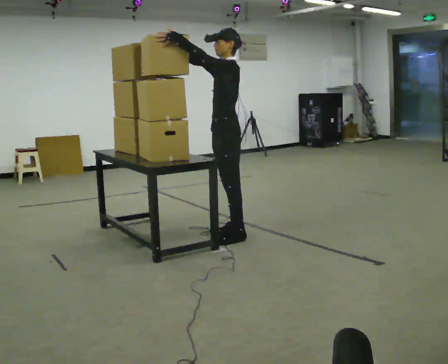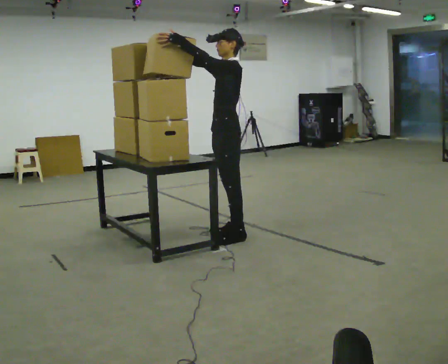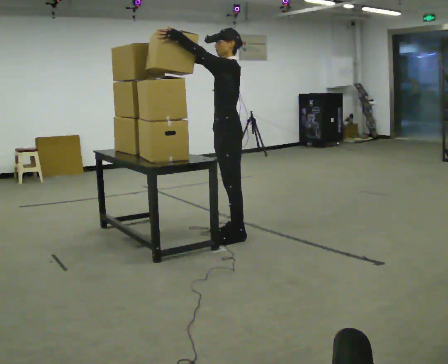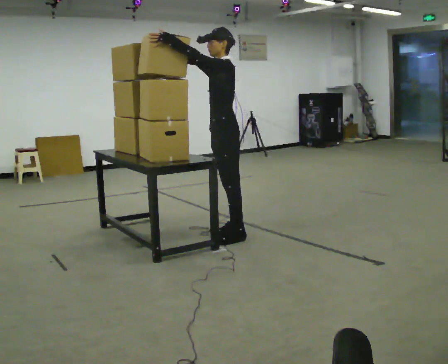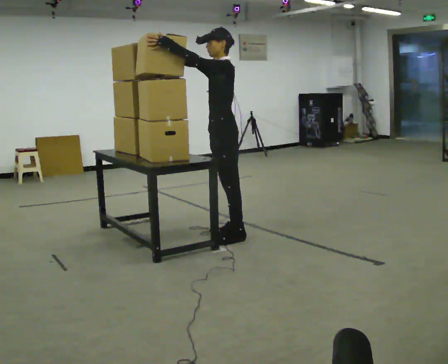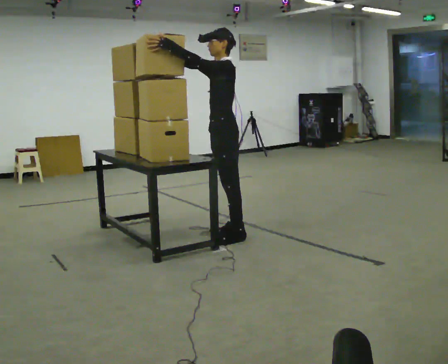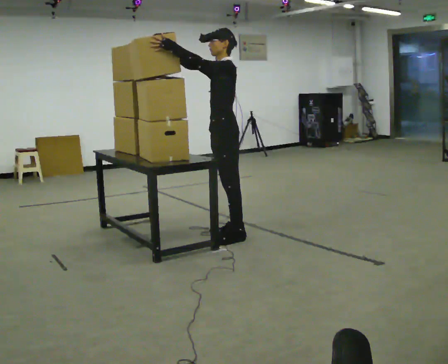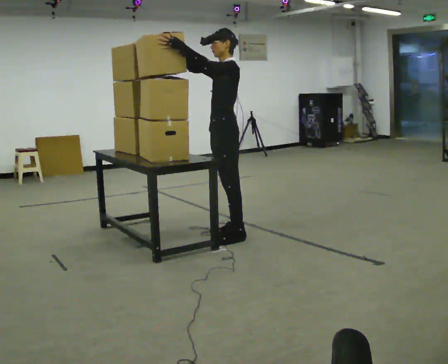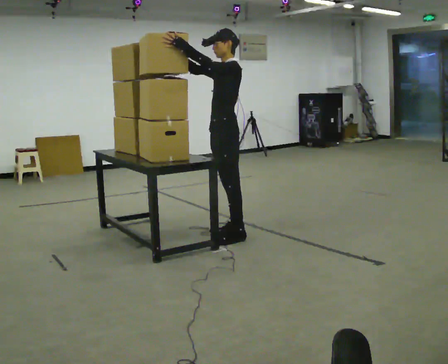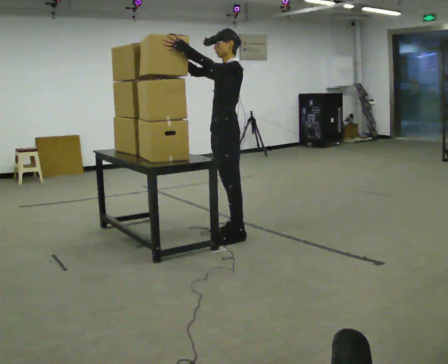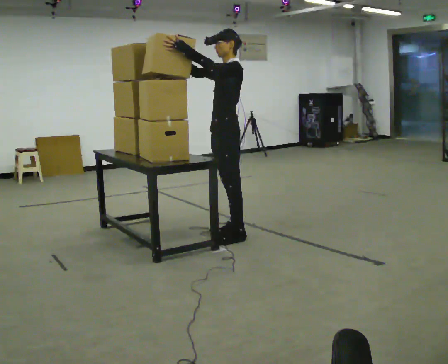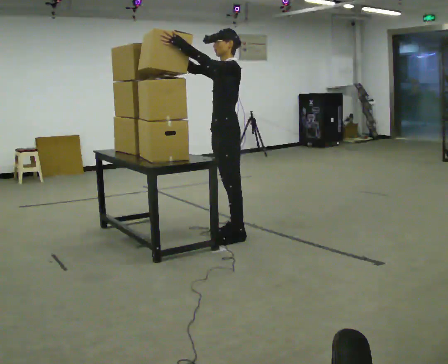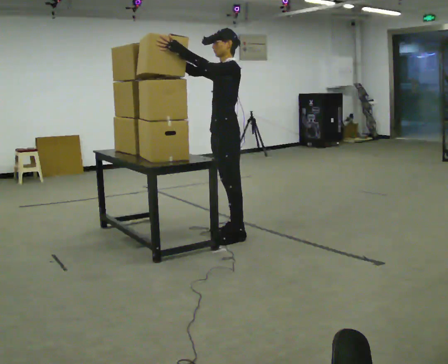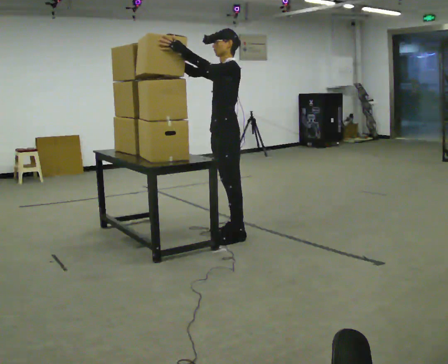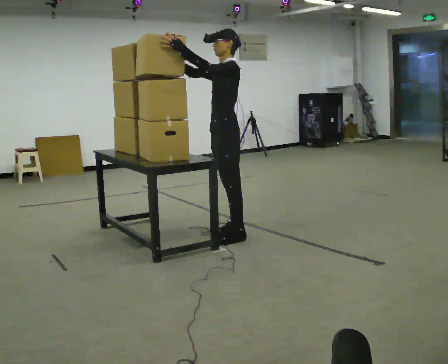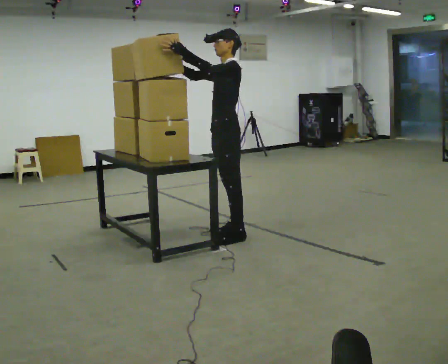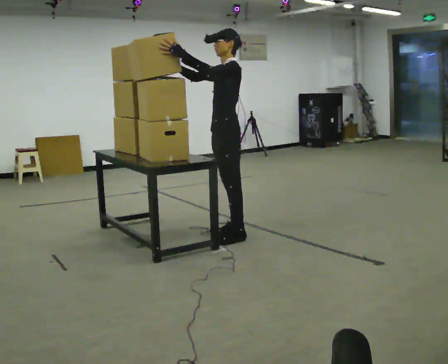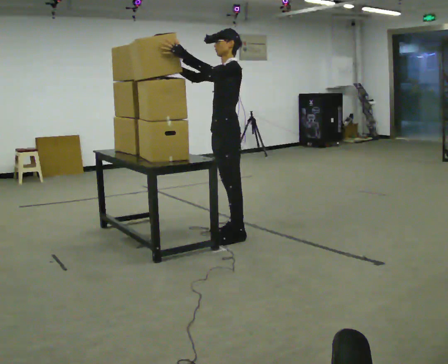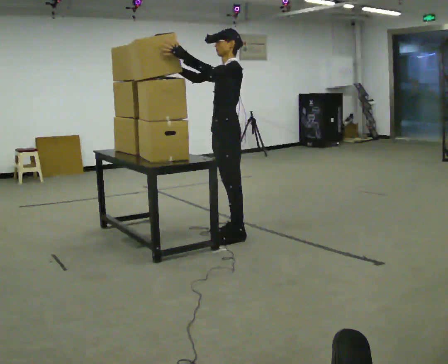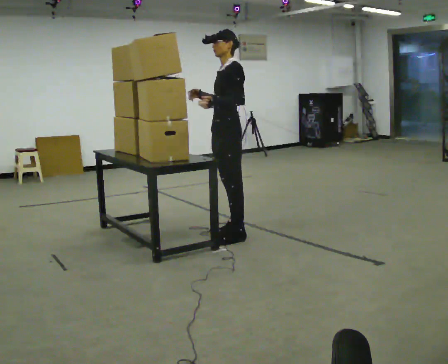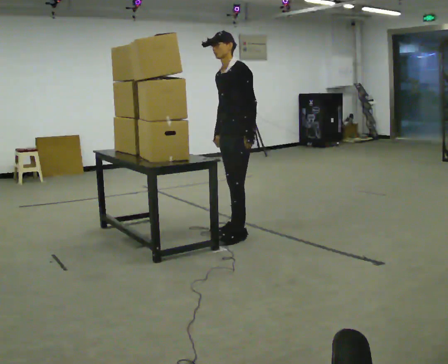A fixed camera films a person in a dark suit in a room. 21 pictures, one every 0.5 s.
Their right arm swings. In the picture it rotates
counterclockwise.
Their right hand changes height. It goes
downward.
0.0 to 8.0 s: The person moves a little, or ends about where they began.
8.0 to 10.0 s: In the picture their left hand goes downward and to the right.
The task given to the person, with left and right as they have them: Pick up the next box in the row and carry it to the table. The operator will not tell you how heavy each one is. Keep going until the operator says stop; one object at a time, and do not rush between trips.
The film runs forward here.
